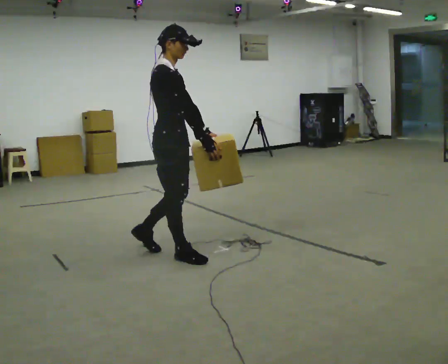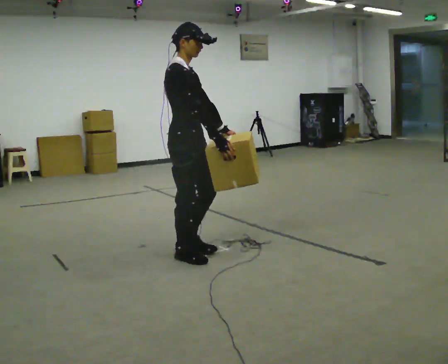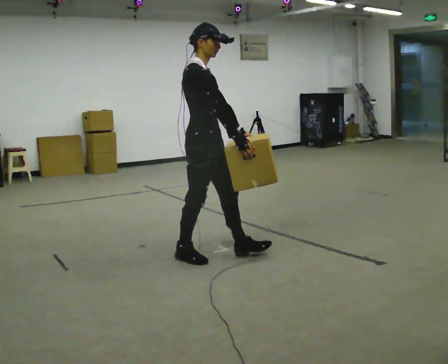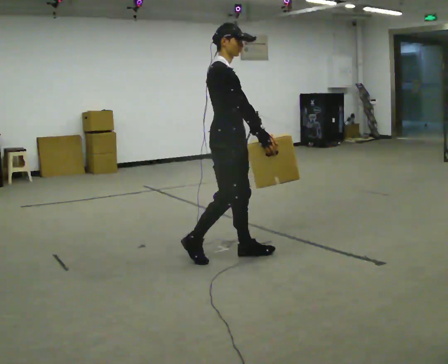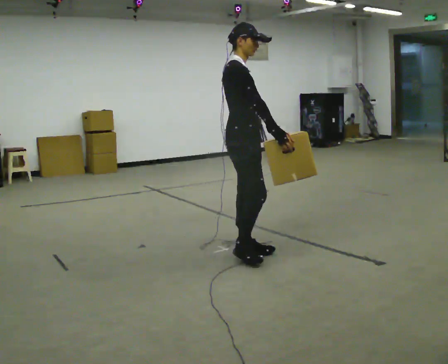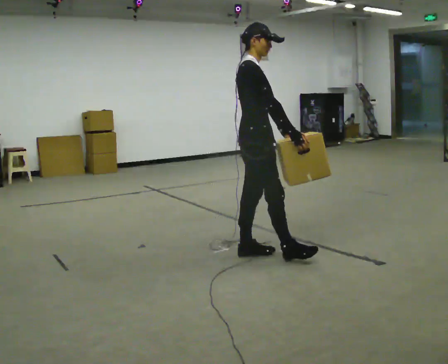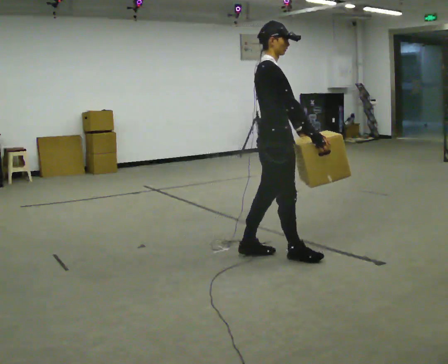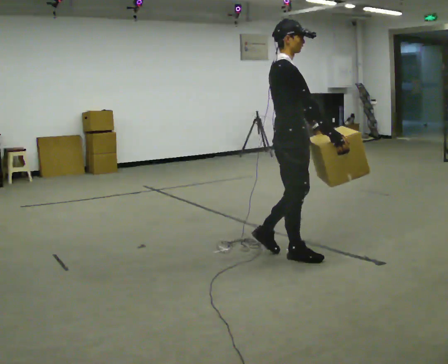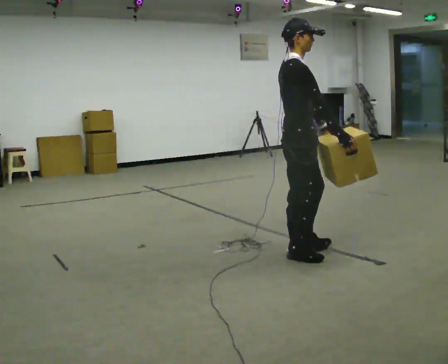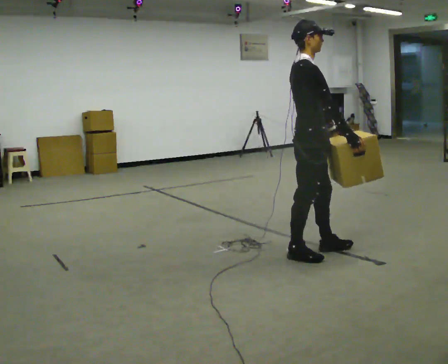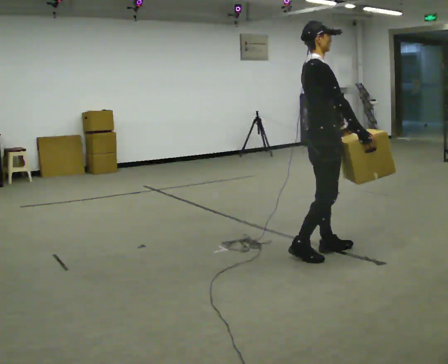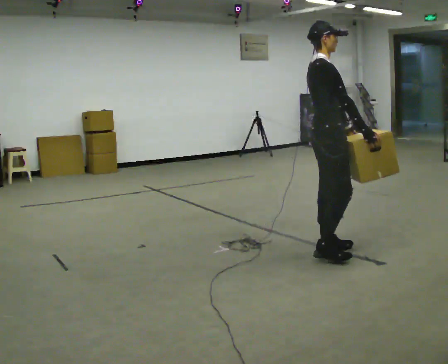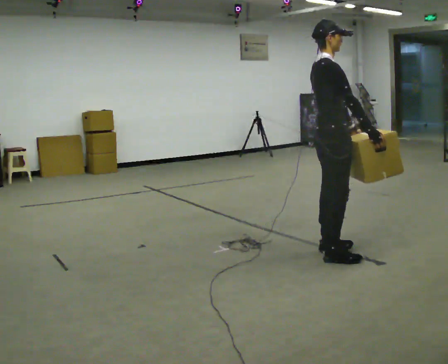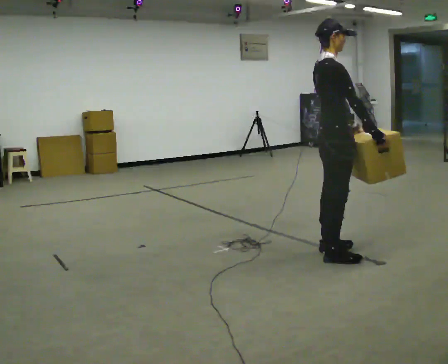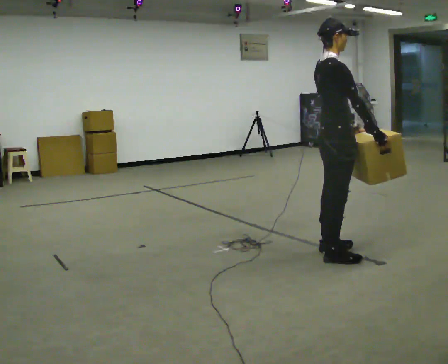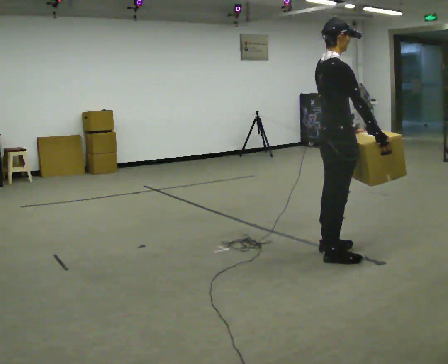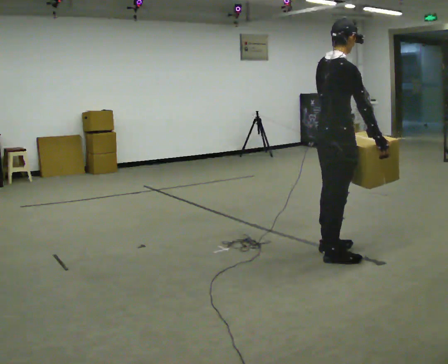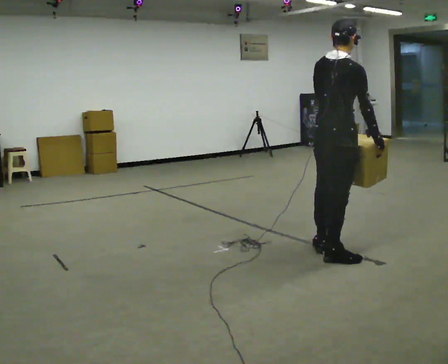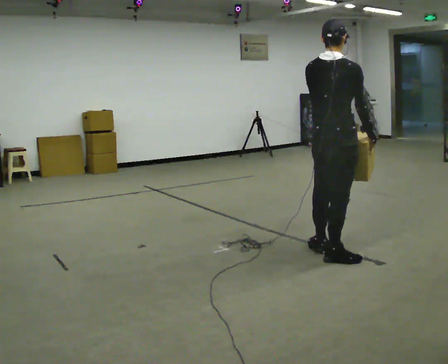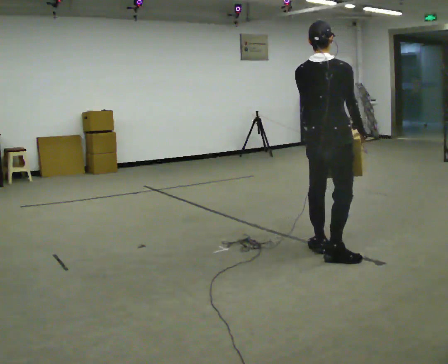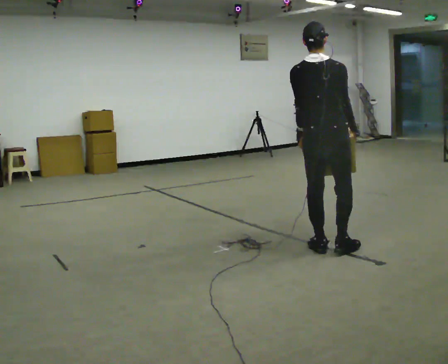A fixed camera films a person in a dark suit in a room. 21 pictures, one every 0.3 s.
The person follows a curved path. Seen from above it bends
counterclockwise.
The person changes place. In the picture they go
to the right.
0.0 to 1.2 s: In the picture they go to the right, about 0.5 m in 1 step, which for them is forward.
1.2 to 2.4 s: In the picture they go to the right, about 0.5 m in 1 step, which for them is forward.
2.4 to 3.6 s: In the picture they go to the right, about 0.25 m in 2 steps, which for them is forward.
3.6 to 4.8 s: The person moves a little, or ends about where they began.
4.8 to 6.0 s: The part of the body nearest the lens slides to the right as the person turns to their left by about 60 degrees. In the picture they go away from the camera, about 0.25 m, which for them is forward. In the picture the upper body tilts counterclockwise, shoulders to the left.
The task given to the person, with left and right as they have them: Carry the heavy box in both hands in front of you, walking back and forth across the room. Keep walking until the operator says stop. Set it down if you need a rest.
The film runs forward here.
